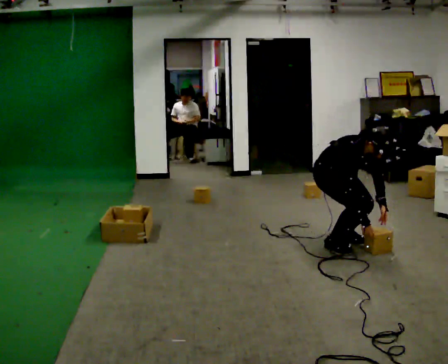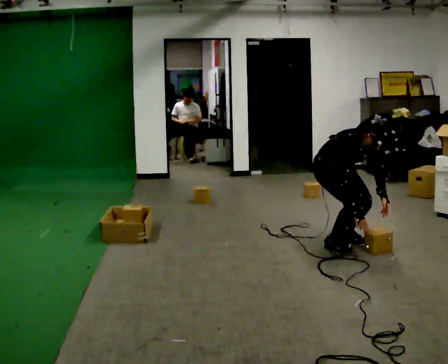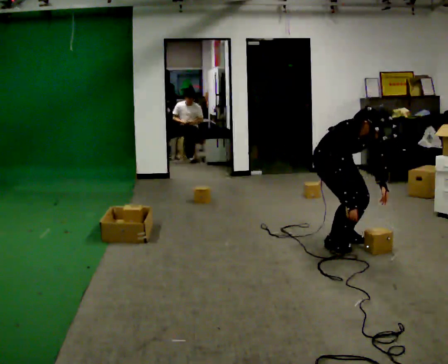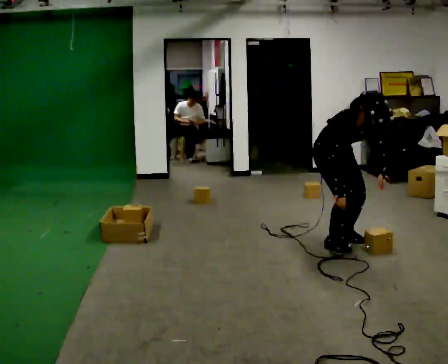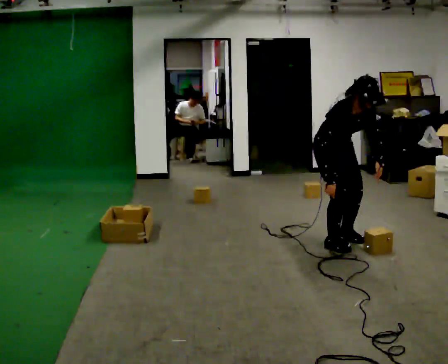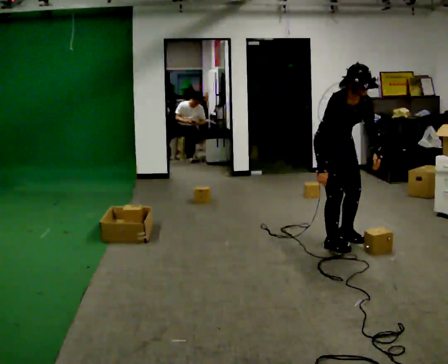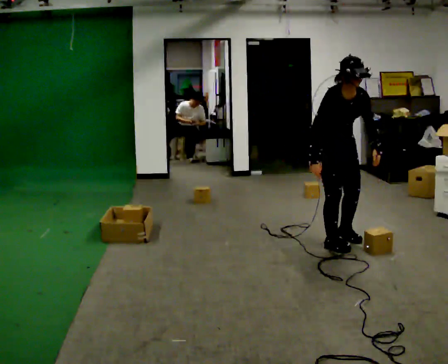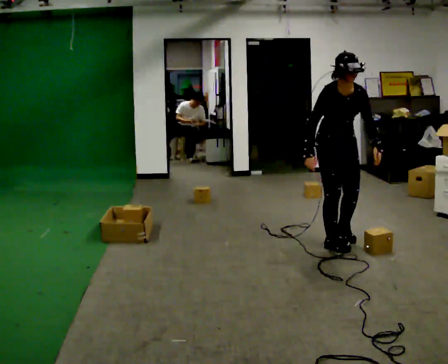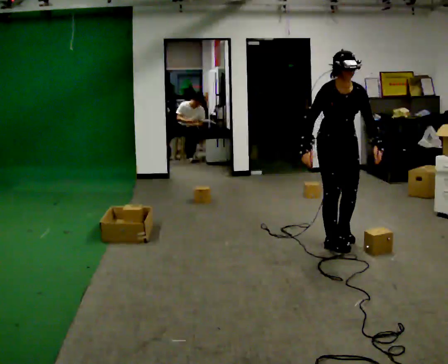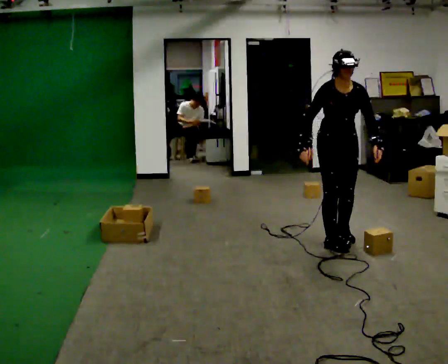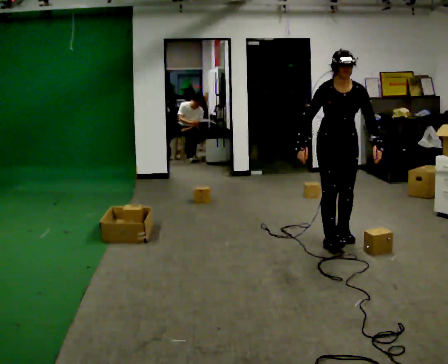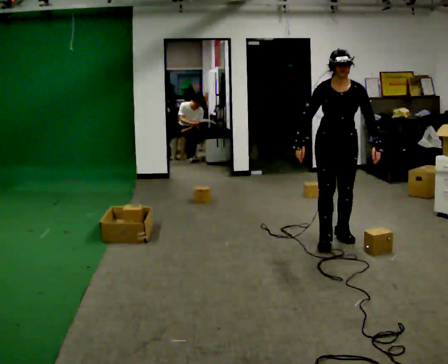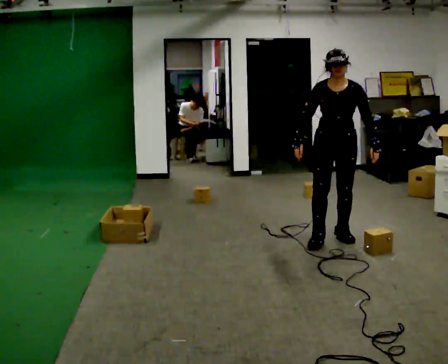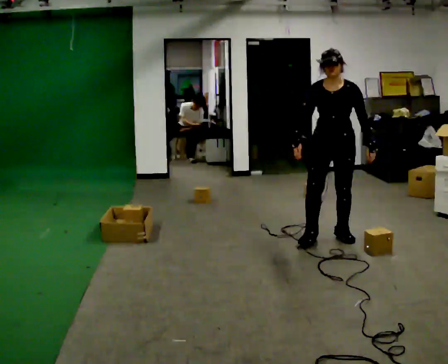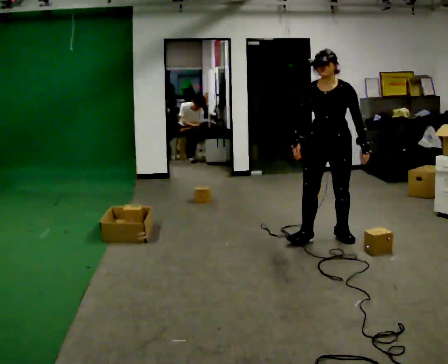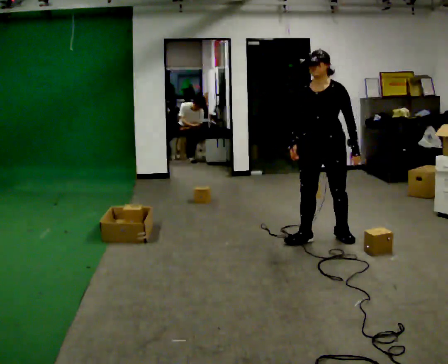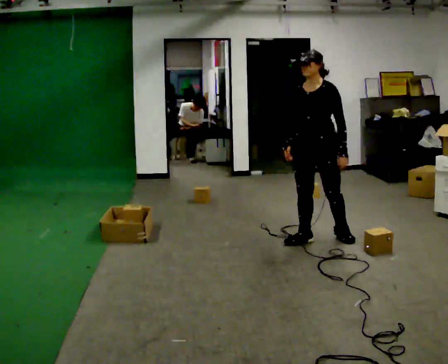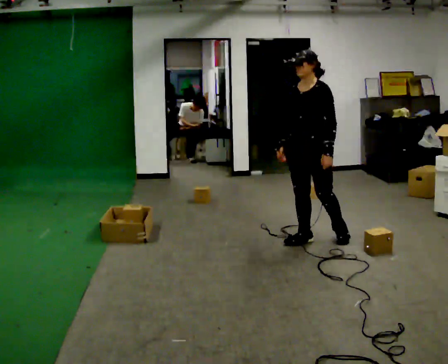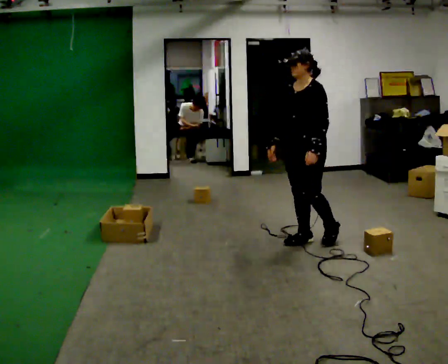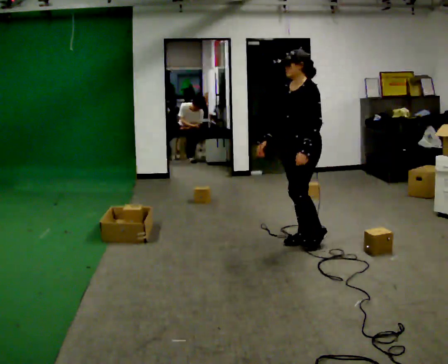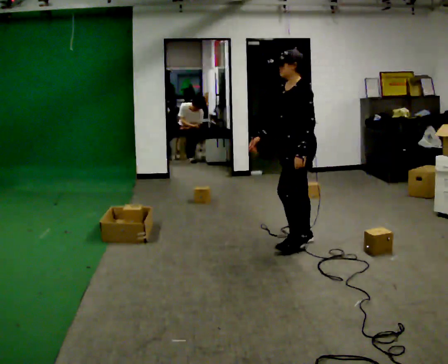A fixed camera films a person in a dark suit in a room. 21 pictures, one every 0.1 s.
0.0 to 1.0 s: The part of the body nearest the lens slides to the left as the person turns to their right by about 30 degrees. The shoulders move upward. In the picture the upper body tilts counterclockwise, shoulders to the left, as they lean back or straighten. In the picture their right hand goes upward and to the left.
1.0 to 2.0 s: The person turns about 90 degrees to their right, clockwise seen from above, so the part of the body nearest the lens slides to the left. In the picture they go to the left, about 0.25 m in 1 step.
The film runs forward here.
